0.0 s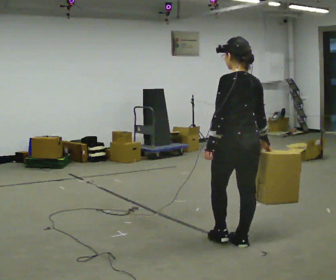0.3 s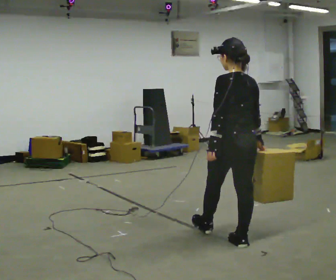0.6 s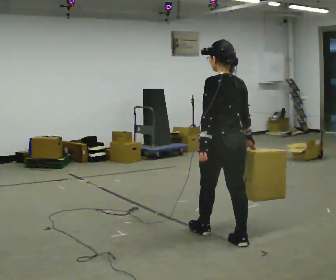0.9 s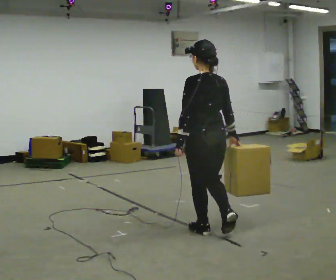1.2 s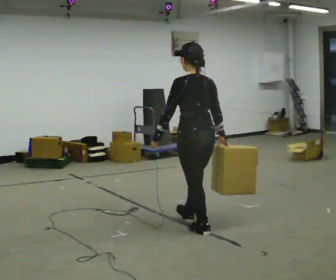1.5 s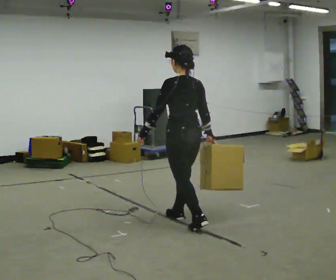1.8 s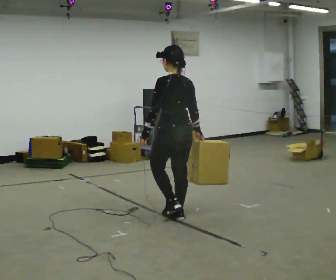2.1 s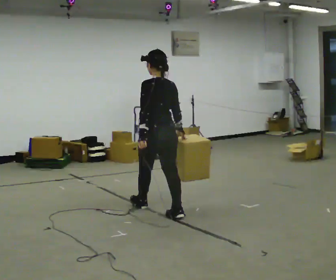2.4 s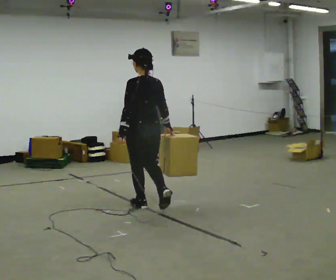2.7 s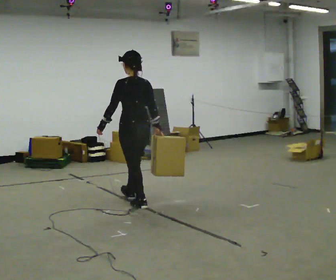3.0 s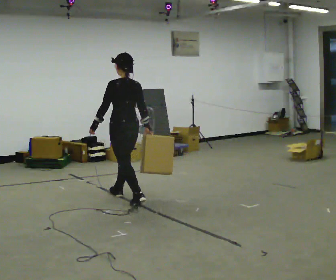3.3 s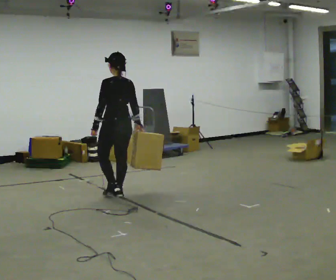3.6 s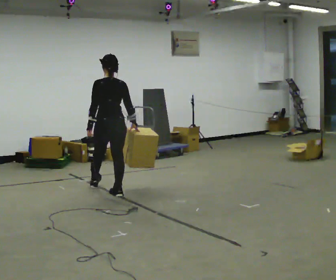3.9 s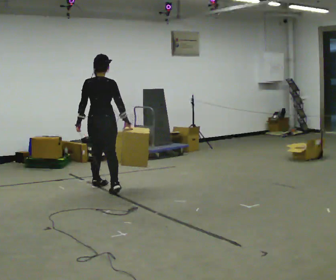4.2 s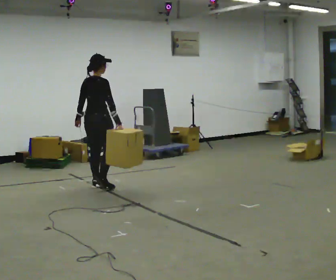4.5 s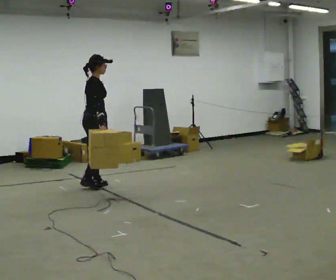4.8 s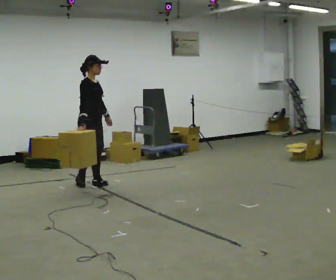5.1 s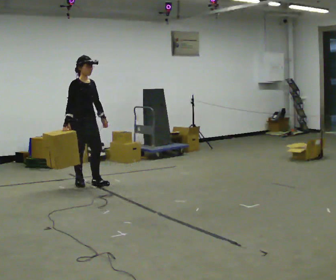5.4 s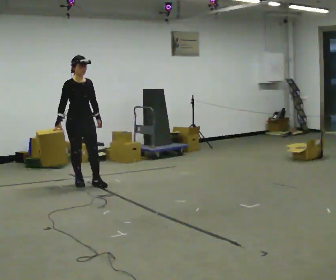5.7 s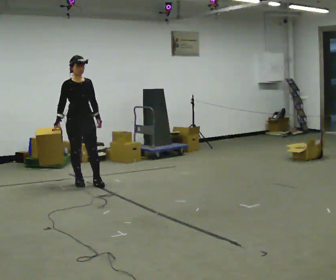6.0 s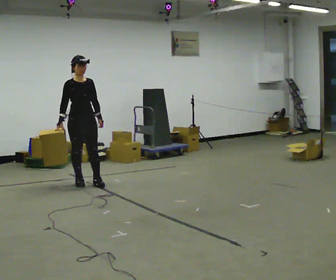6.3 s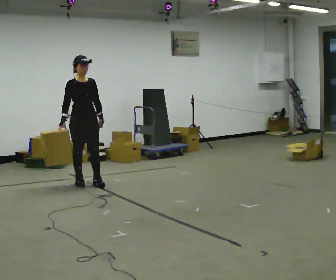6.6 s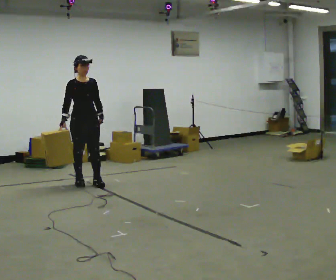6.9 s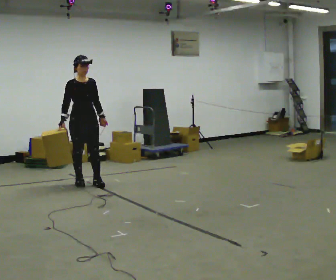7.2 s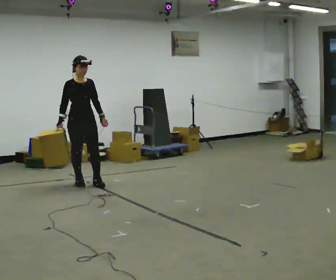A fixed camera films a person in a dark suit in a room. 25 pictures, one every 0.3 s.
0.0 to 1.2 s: In the picture they go away from the camera and to the left, about 0.5 m in 1 step, which for them is forward.
1.2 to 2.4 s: In the picture they go away from the camera and to the left, about 1 m in 2 steps, which for them is forward.
2.4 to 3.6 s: In the picture they go away from the camera and to the left, about 1 m in 1 step, which for them is forward.
3.6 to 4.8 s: The person turns about 135 degrees to their right, clockwise seen from above, so the part of the body nearest the lens slides to the left. In the picture they go away from the camera and to the left, about 0.5 m in 2 steps.
4.8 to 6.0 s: Seen from above the body turns clockwise, about 30 degrees: to their right, with its near side sliding to the left.
6.0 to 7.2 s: The person moves a little, or ends about where they began.
The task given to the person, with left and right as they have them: Carry the box across the room, stopping and starting again each time the operator says stop and go. Do not set the box down.
The film runs forward here.
